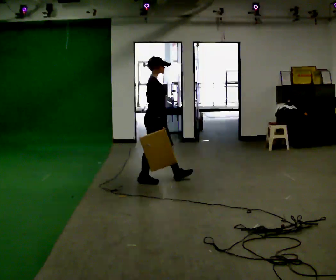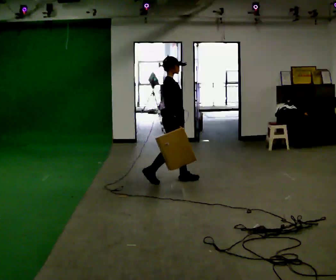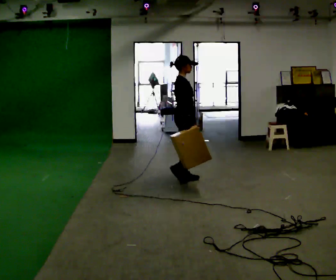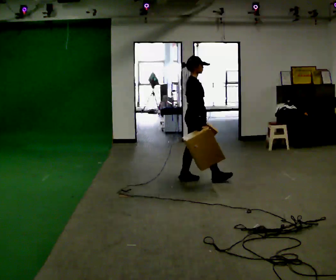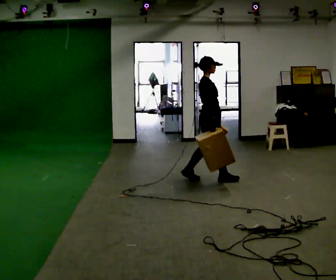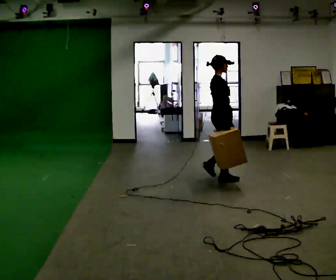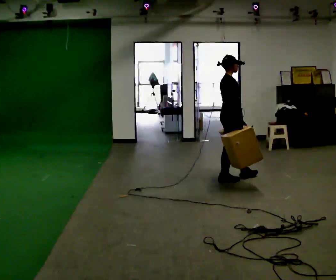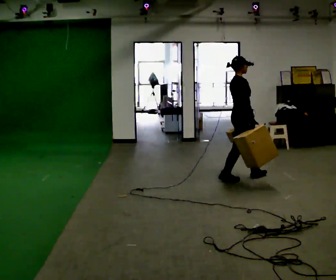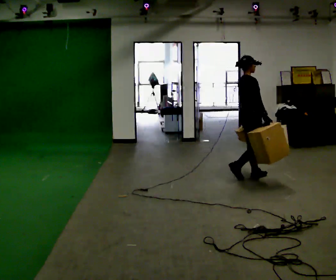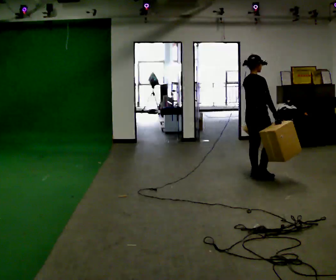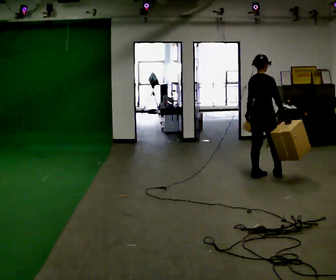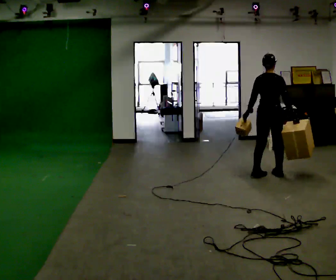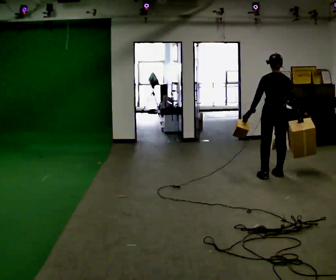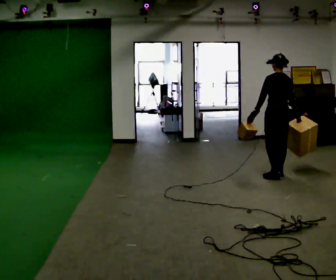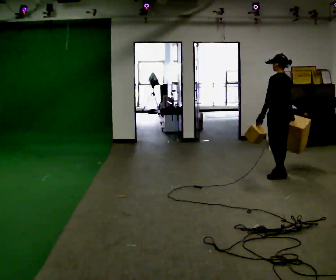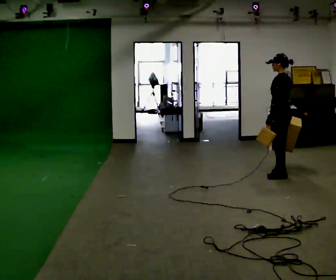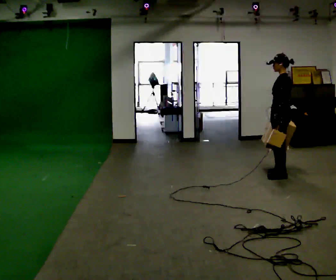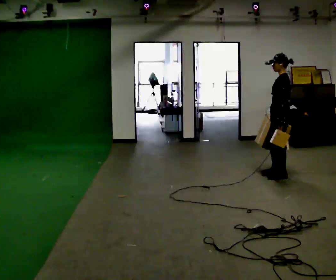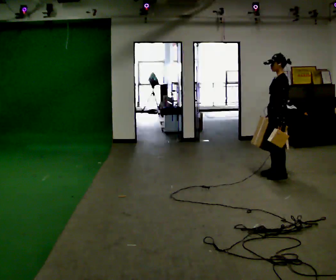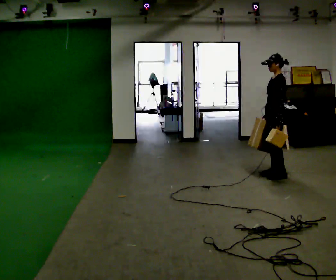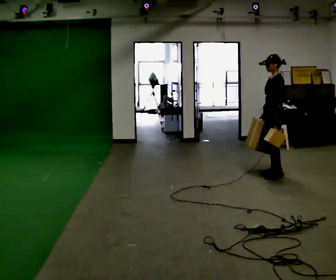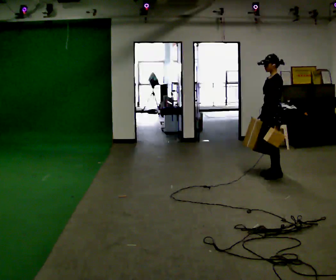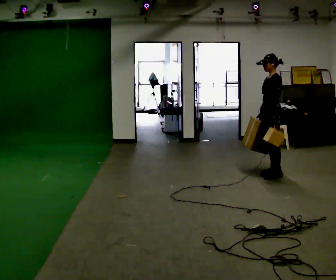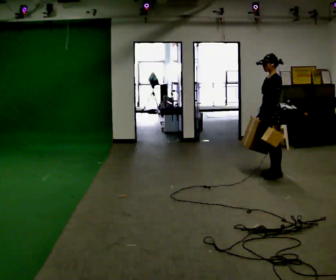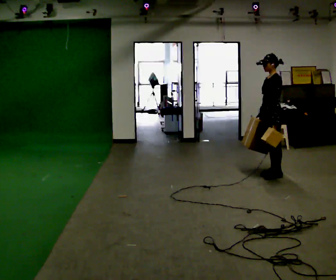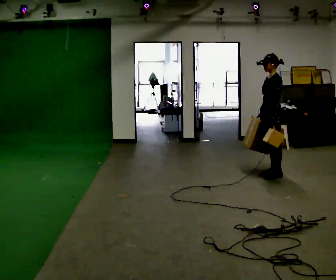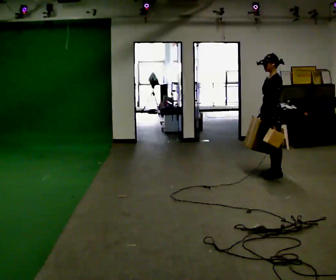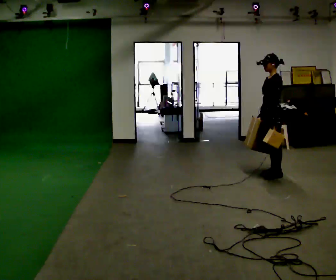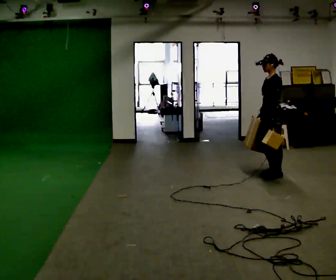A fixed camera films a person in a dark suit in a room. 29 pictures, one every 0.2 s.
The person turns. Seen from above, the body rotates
counterclockwise.
The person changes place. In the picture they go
to the right.
0.0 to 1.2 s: In the picture they go to the right and away from the camera, about 1 m in 2 steps, which for them is forward.
1.2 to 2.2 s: Seen from above the body turns counterclockwise, about 60 degrees: to their left, with its near side sliding to the right. In the picture they go to the right and away from the camera, about 0.5 m in 2 steps.
2.2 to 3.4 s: The part of the body nearest the lens slides to the right as the person turns to their left by about 105 degrees. In the picture their left hand goes to the right.
3.4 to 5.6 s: The person moves a little, or ends about where they began.
The film runs forward here.
